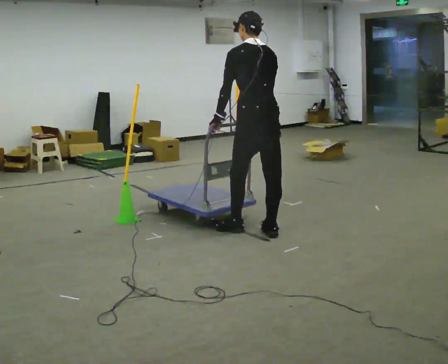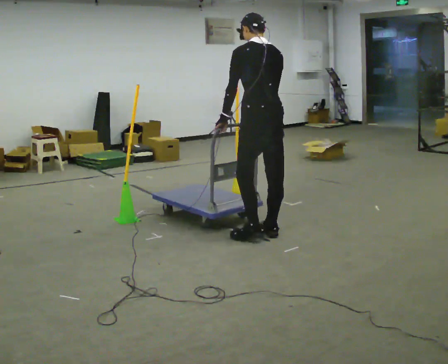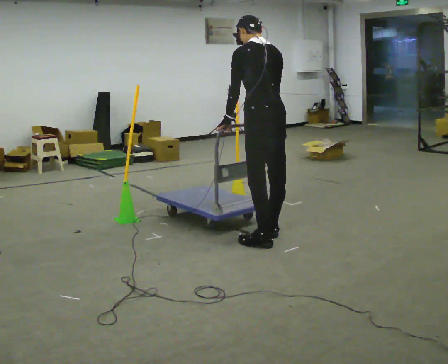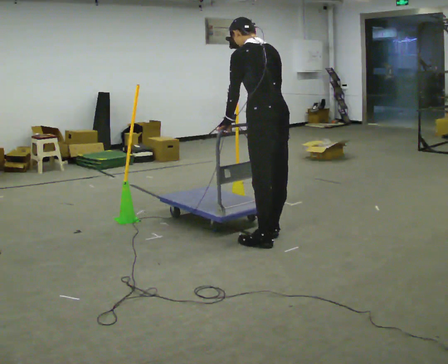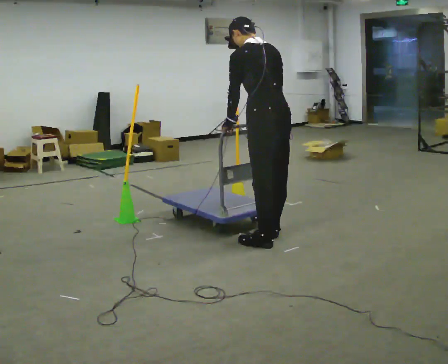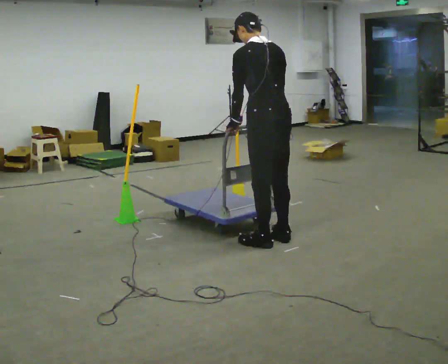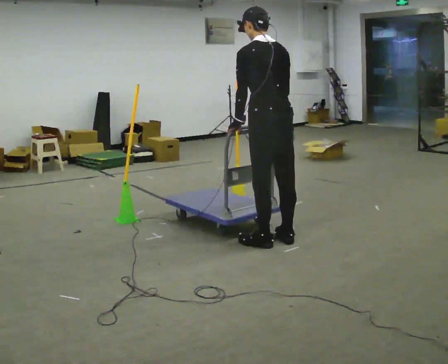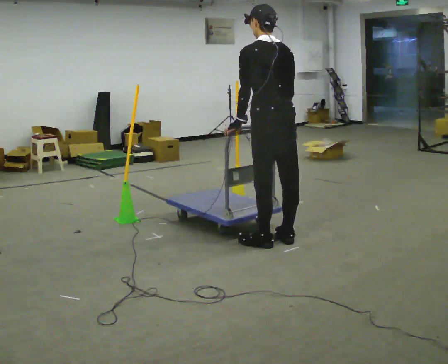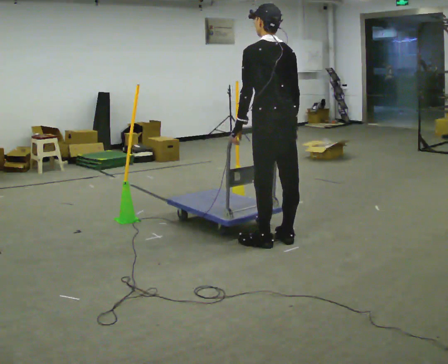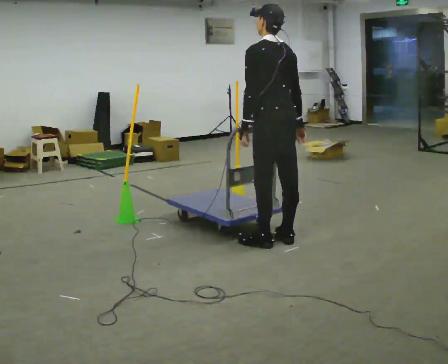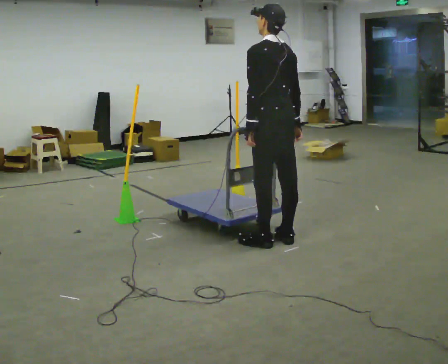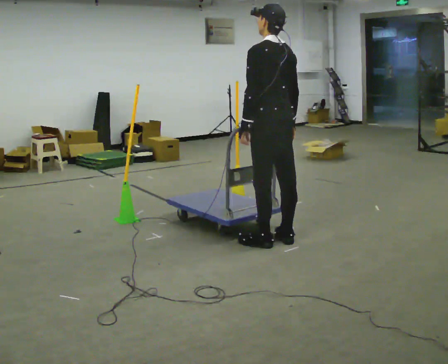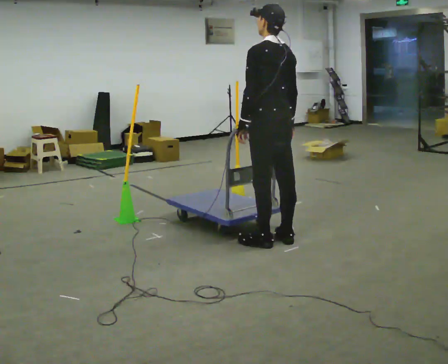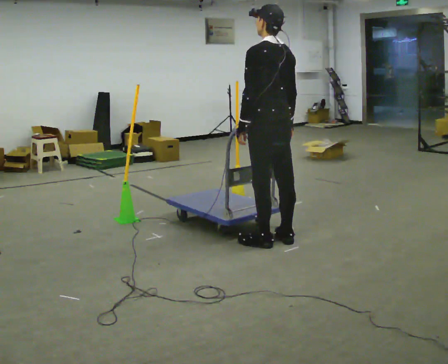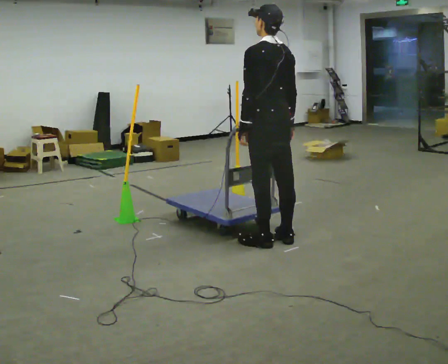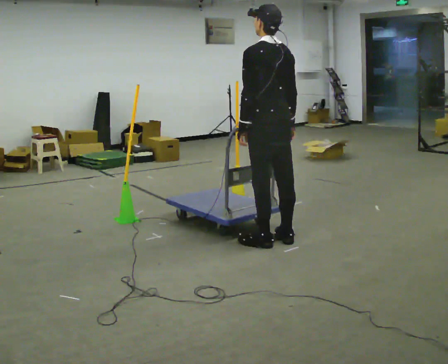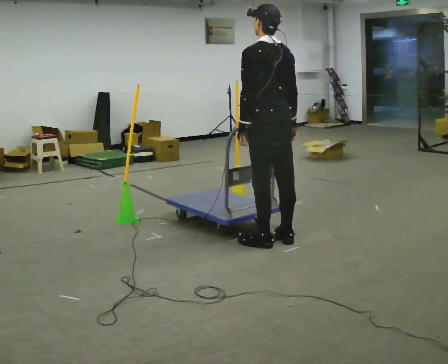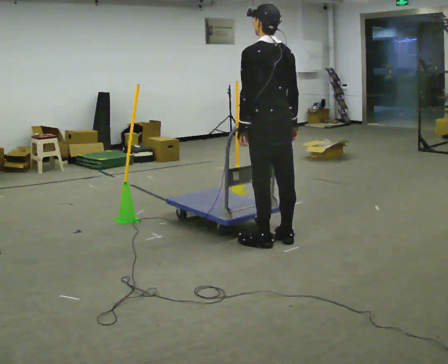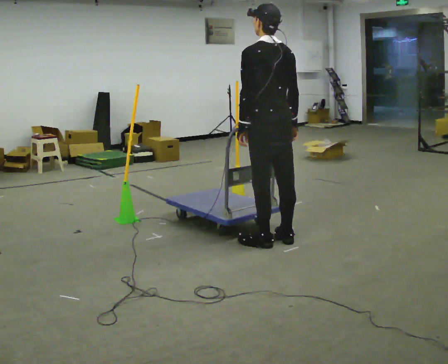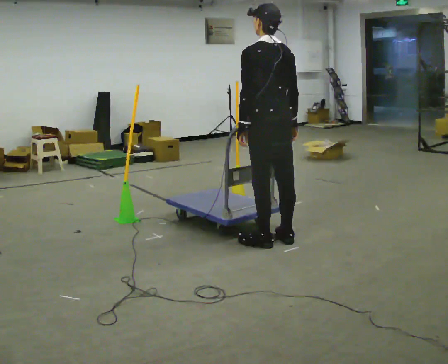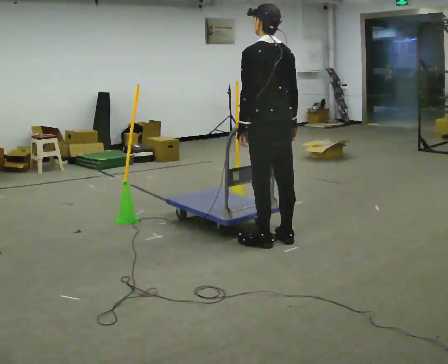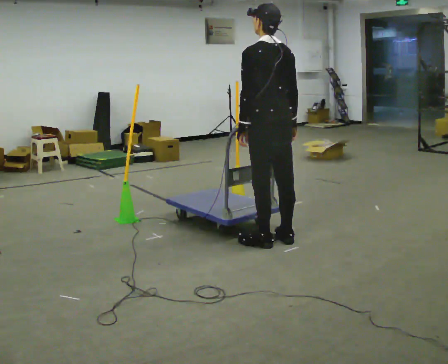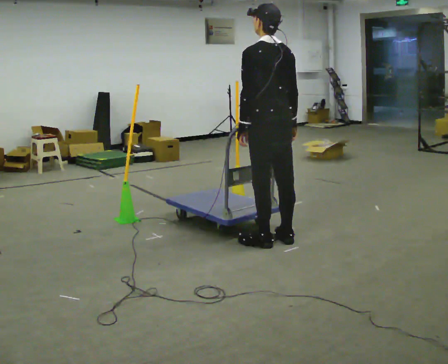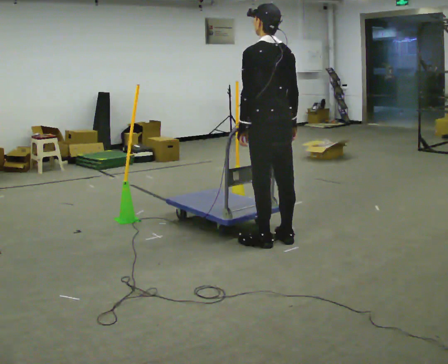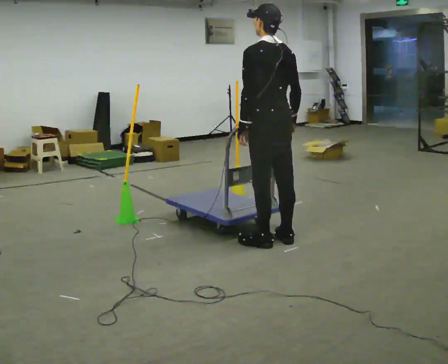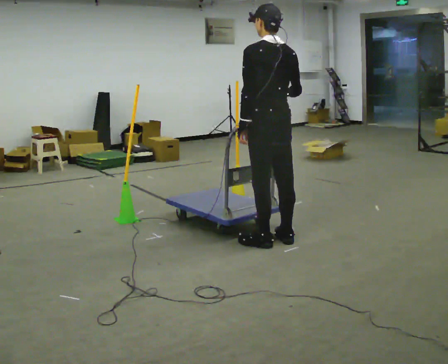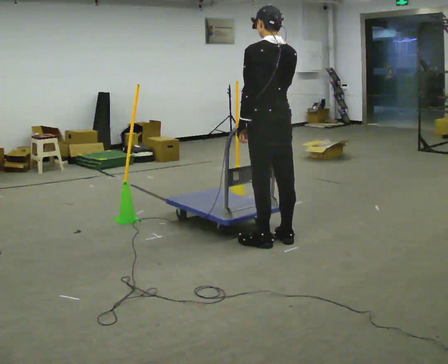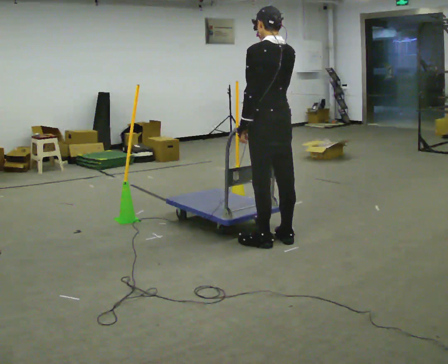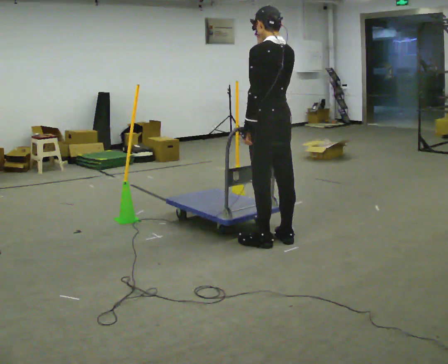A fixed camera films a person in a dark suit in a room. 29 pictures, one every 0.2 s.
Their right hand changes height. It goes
upward.
0.0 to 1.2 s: In the picture they go toward the camera, about 0.25 m in 2 steps, which for them is backward.
1.2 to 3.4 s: The person moves a little, or ends about where they began.
3.4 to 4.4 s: The person keeps their place and pose.
4.4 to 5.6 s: In the picture their right hand goes upward.
The film runs forward here.
